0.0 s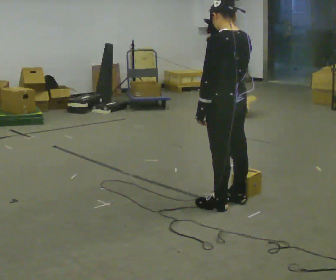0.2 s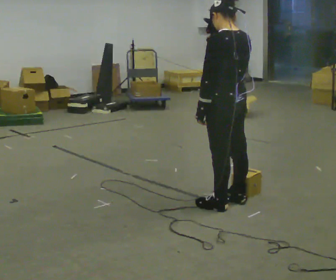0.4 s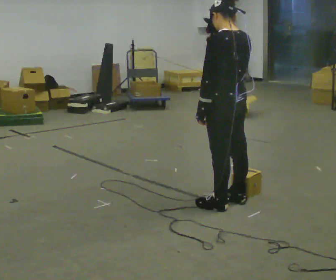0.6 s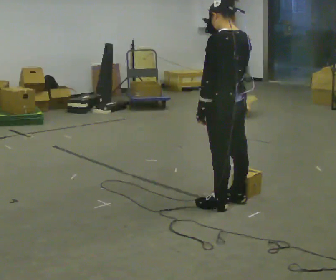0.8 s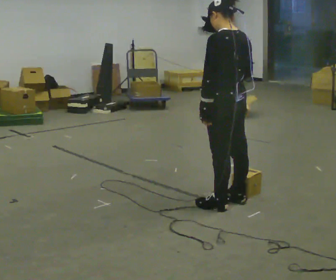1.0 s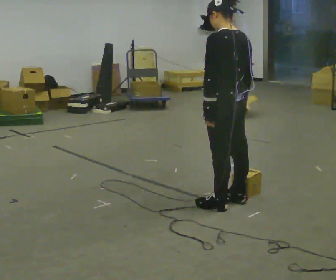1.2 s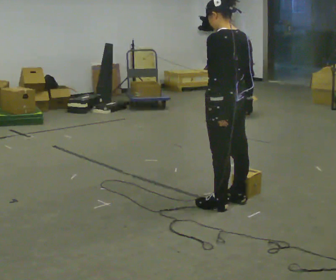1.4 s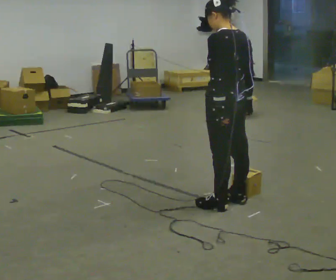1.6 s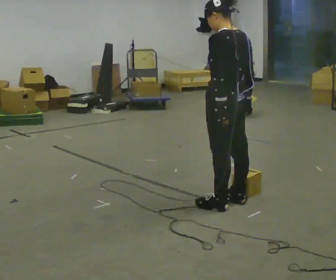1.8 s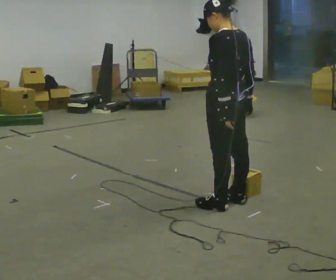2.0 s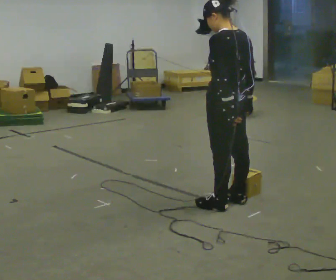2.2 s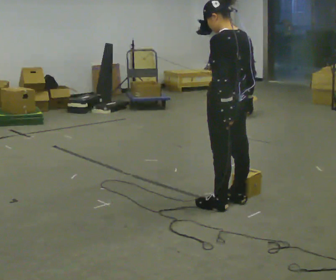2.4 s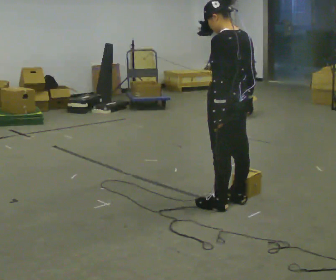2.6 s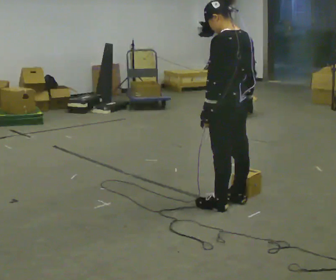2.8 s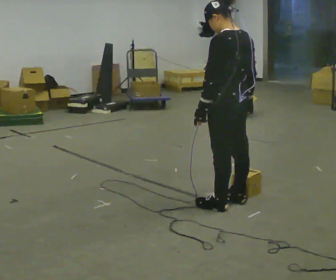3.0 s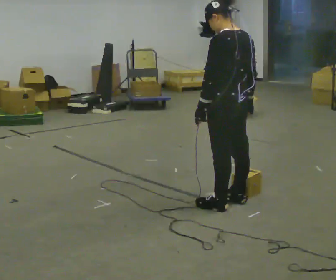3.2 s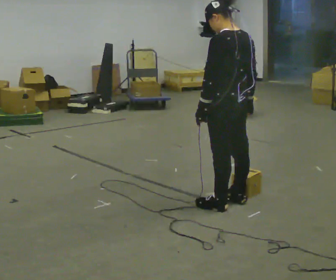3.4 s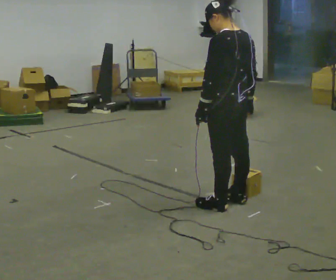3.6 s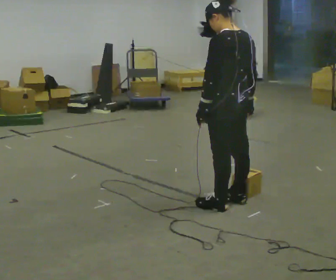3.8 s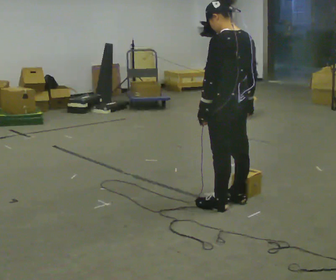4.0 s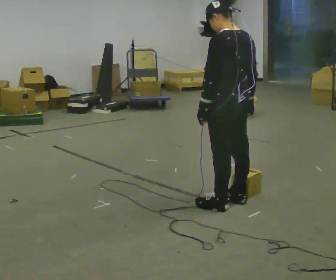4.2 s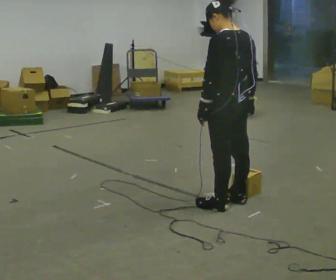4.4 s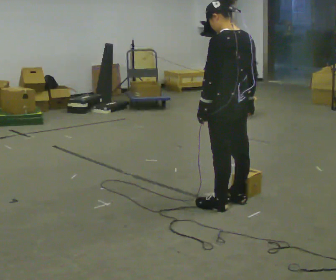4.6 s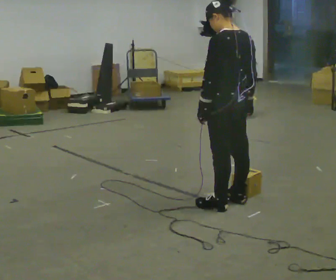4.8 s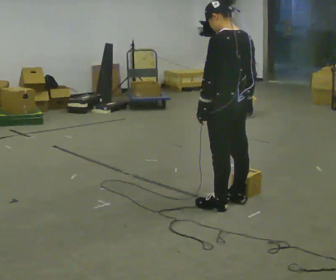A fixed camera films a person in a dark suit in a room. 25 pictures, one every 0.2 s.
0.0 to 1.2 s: In the picture their right hand goes downward.
1.2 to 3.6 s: The person moves a little, or ends about where they began.
3.6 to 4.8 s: The person keeps their place and pose.
The film runs forward here.
